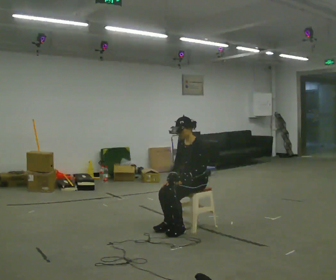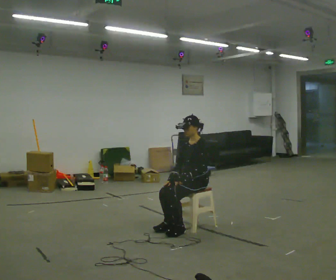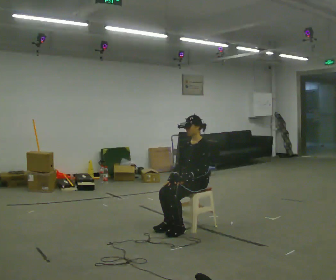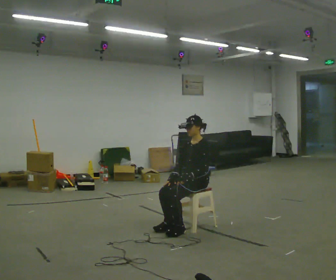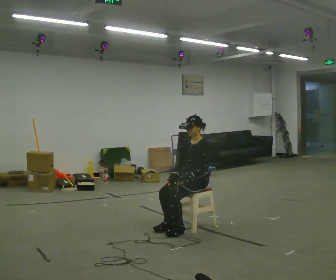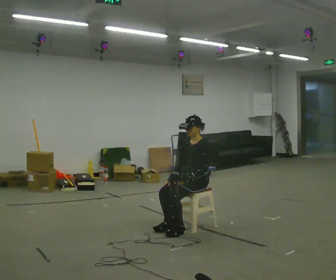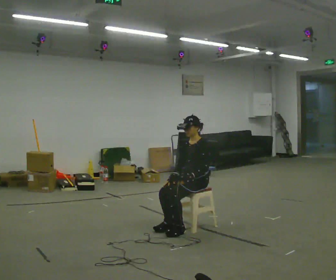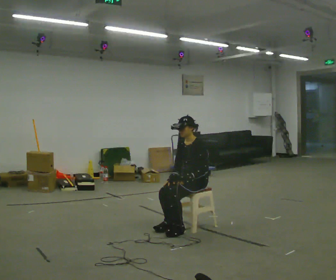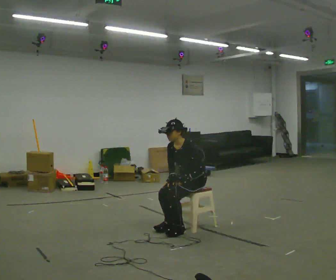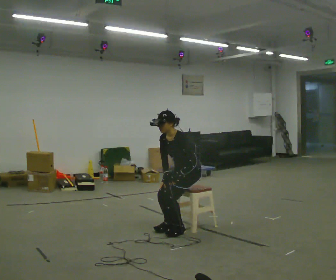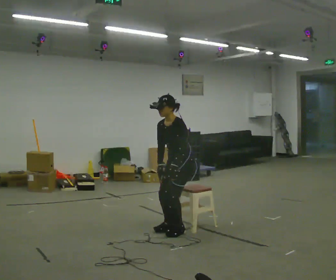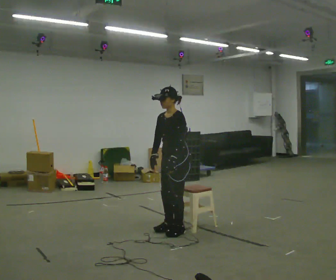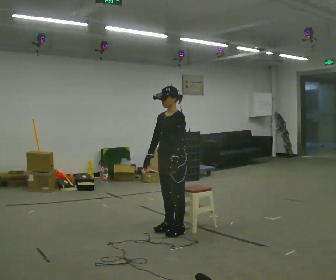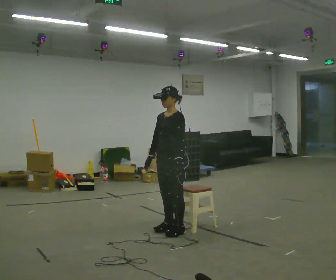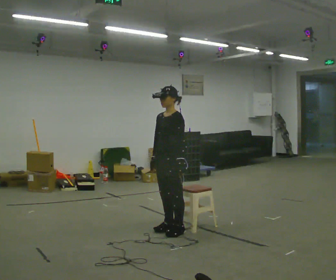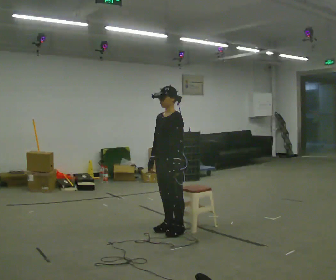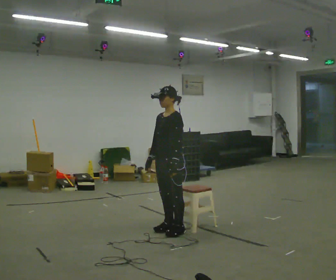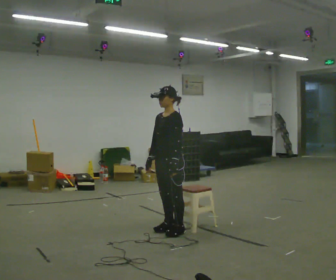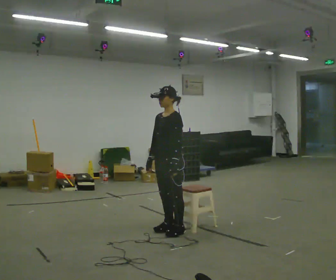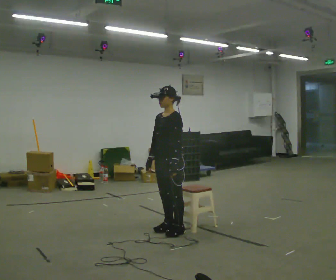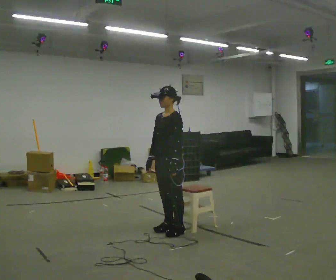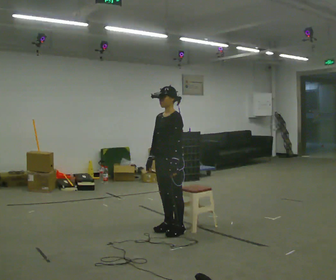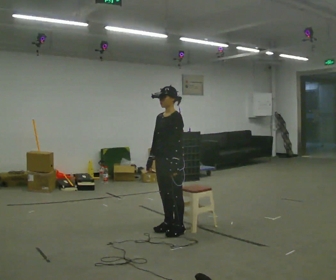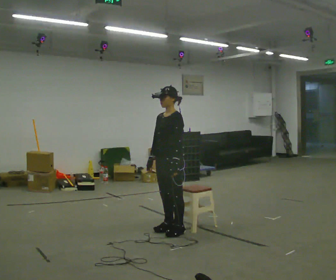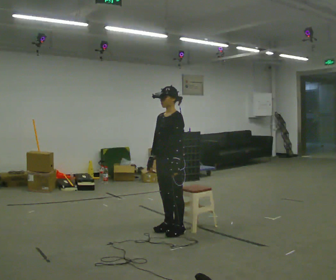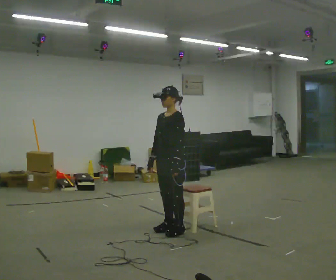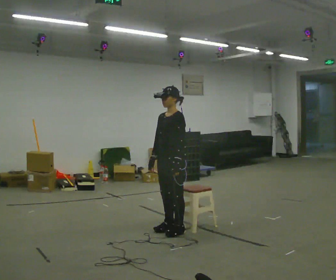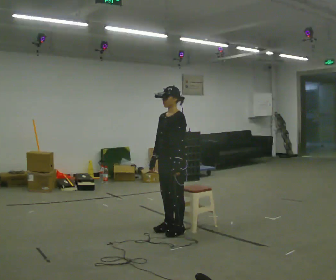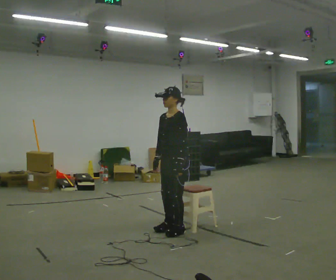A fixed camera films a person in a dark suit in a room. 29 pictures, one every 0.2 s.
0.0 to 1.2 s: The person moves a little, or ends about where they began.
1.2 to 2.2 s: In the picture they go to the left and toward the camera, about 0.25 m, which for them is forward. The upper body goes upward.
2.2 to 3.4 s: The person moves a little, or ends about where they began.
3.4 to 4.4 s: The person keeps their place and pose.
4.4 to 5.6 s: The person moves a little, or ends about where they began.
The film runs forward here.
